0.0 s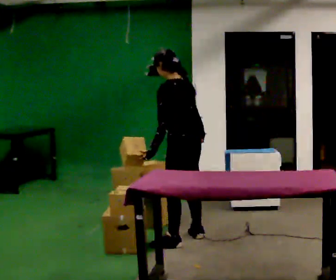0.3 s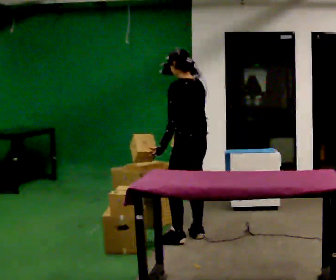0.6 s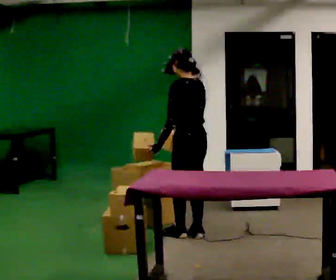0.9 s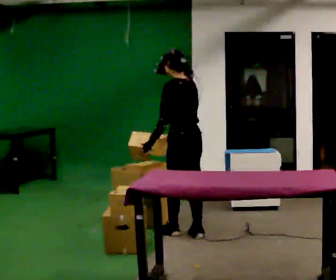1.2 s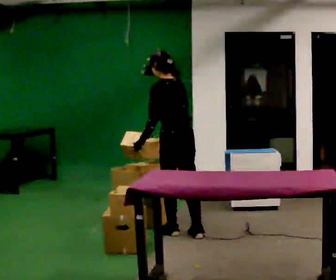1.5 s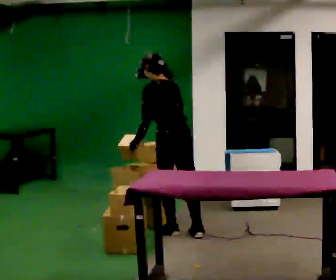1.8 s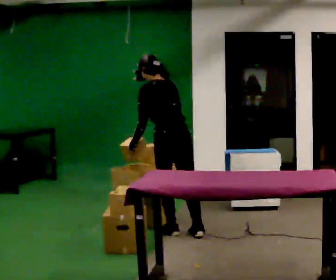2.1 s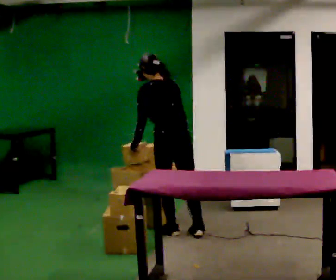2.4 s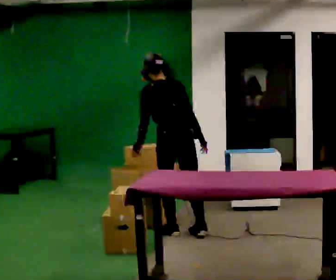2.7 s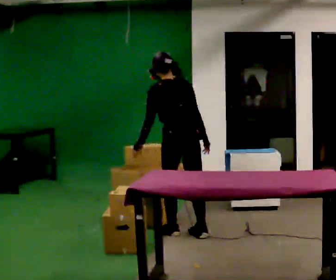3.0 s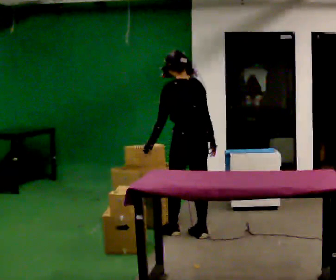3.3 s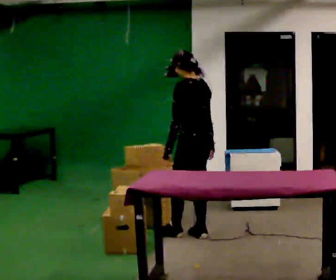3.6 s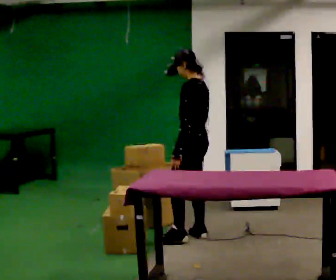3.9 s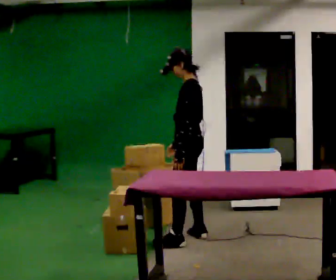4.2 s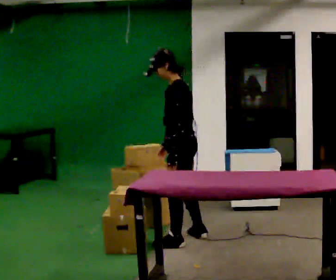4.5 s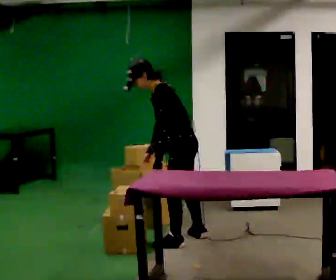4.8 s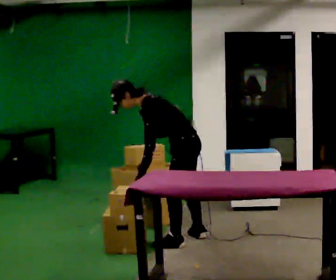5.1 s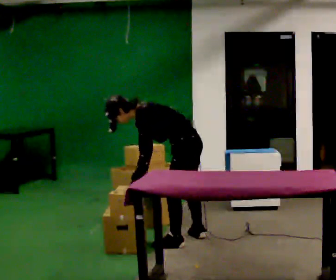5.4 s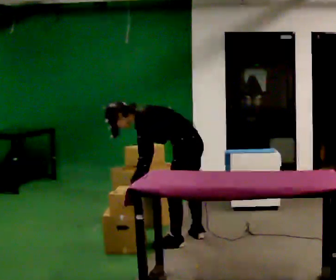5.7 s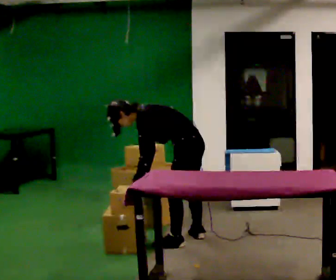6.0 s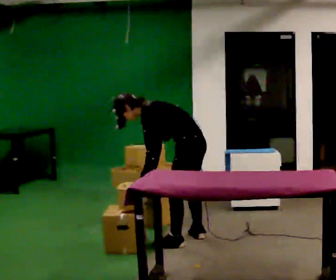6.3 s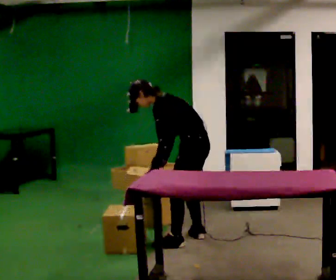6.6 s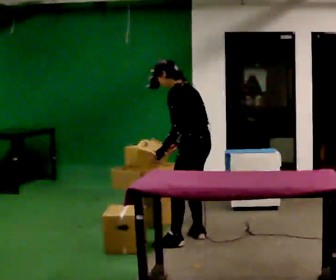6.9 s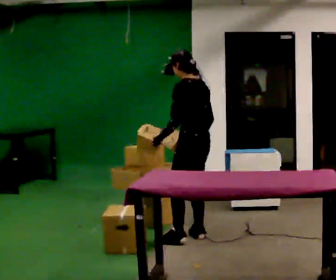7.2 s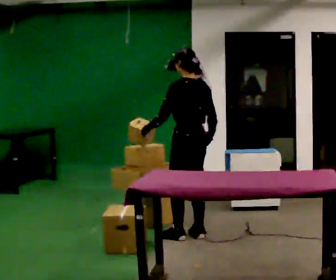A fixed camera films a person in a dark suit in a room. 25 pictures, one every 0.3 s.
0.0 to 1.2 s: In the picture they go away from the camera, about 0.25 m in 1 step, which for them is forward. In the picture their right hand goes to the left.
1.2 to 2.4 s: In the picture their right hand goes to the right.
2.4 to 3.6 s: Seen from above the body turns counterclockwise, about 60 degrees: to their left, with its near side sliding to the right. In the picture they go to the right, about 0.25 m, which for them is to their right. In the picture the upper body tilts clockwise, shoulders to the right. In the picture their left hand goes to the right.
3.6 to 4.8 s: In the picture they go toward the camera, about 0.25 m in 1 step, which for them is to their left. The shoulders move downward. In the picture the upper body tilts counterclockwise, shoulders to the left, as they bend forward.
4.8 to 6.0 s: The upper body tips away from the camera, its near side rolling upward.
6.0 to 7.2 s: Seen from above the body turns clockwise, about 30 degrees: to their right, with its near side sliding to the left. In the picture they go away from the camera, about 0.25 m in 1 step, which for them is to their right. The upper body goes upward. In the picture the upper body tilts clockwise, shoulders to the right, as they lean back or straighten. In the picture their left hand goes upward.
The film runs forward here.
